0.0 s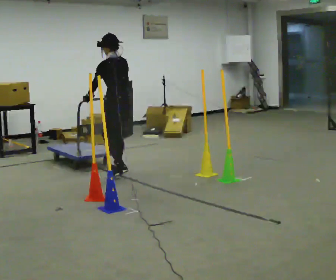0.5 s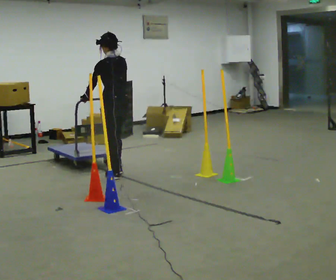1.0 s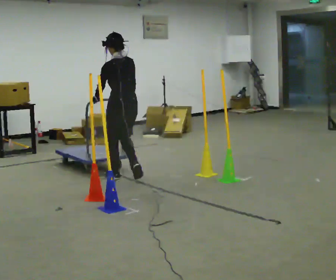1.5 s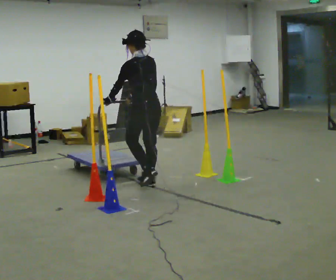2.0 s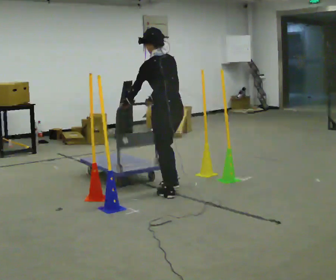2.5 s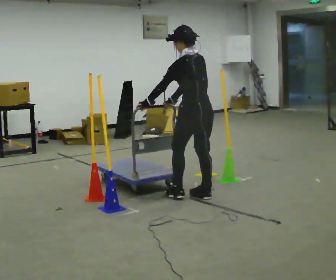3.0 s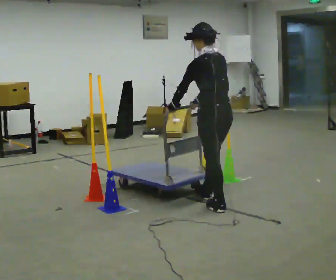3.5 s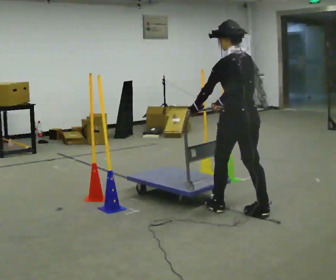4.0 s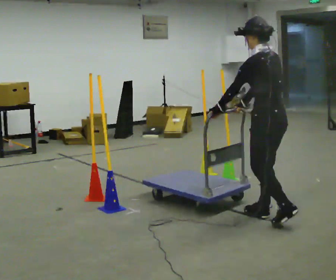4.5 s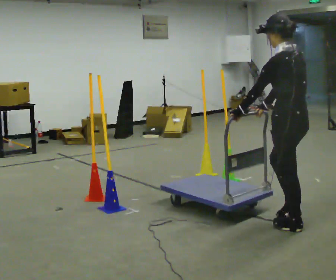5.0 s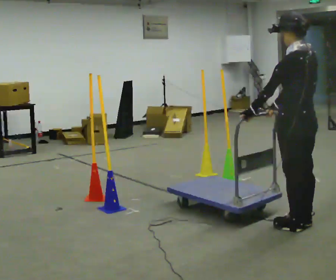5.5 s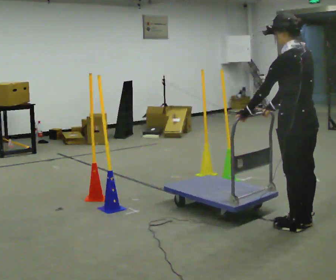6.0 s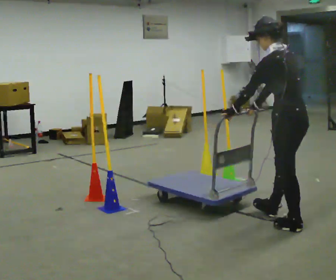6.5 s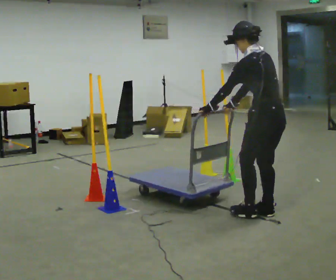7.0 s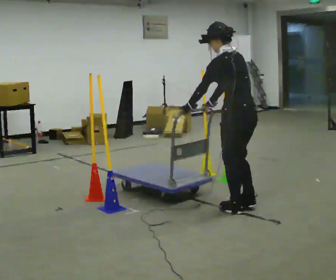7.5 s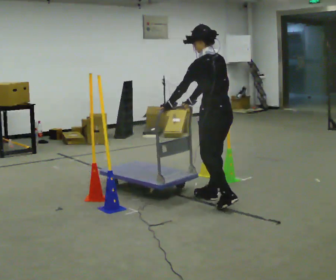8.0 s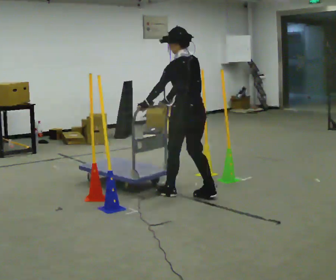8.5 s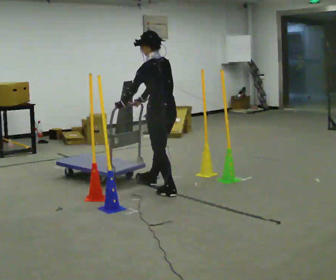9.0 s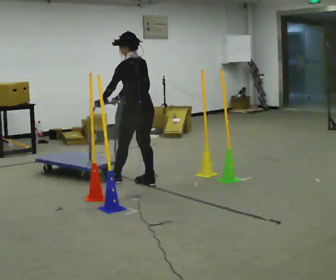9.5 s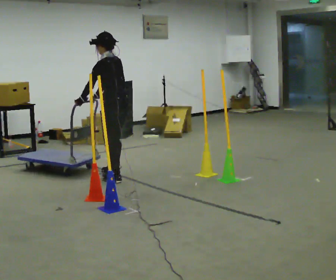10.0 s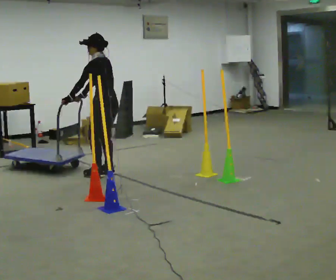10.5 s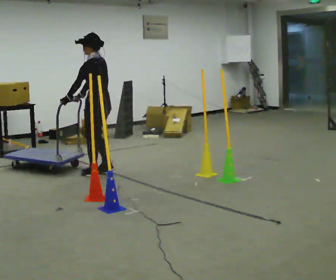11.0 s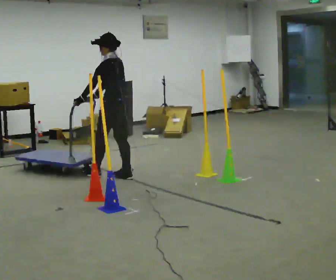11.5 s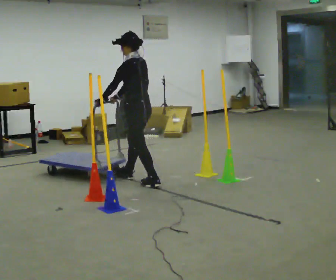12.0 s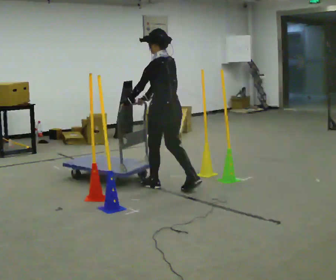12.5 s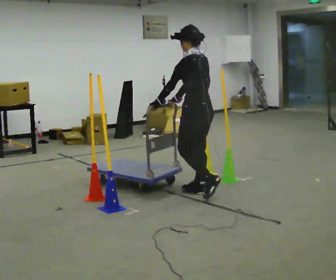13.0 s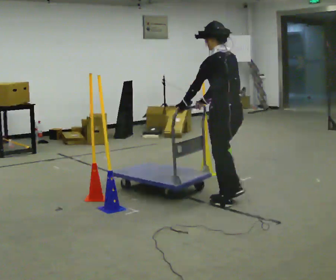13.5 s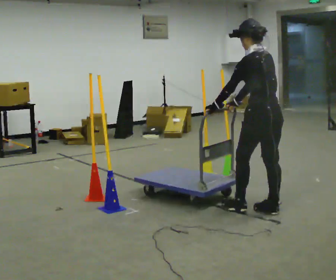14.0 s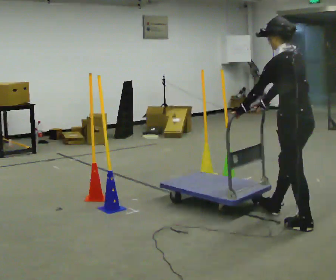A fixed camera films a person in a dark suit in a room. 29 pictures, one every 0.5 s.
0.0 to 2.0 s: In the picture they go to the right and toward the camera, about 1 m in 3 steps, which for them is backward.
2.0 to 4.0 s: In the picture they go to the right and toward the camera, about 1 m in 3 steps, which for them is backward.
4.0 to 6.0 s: In the picture they go toward the camera and to the right, about 0.25 m in 2 steps, which for them is backward.
6.0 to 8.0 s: In the picture they go to the left and away from the camera, about 1 m in 3 steps, which for them is forward.
8.0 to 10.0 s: The part of the body nearest the lens slides to the right as the person turns to their left by about 30 degrees. In the picture they go to the left and away from the camera, about 1 m in 4 steps, which for them is forward.
10.0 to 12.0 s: In the picture they go to the right and toward the camera, about 1 m in 3 steps, which for them is backward.
12.0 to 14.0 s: In the picture they go to the right and toward the camera, about 1.5 m in 4 steps, which for them is backward.
The film runs backward here.
